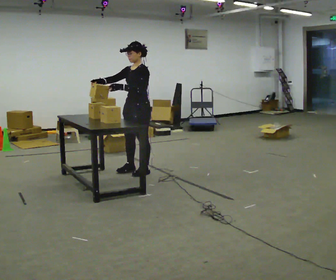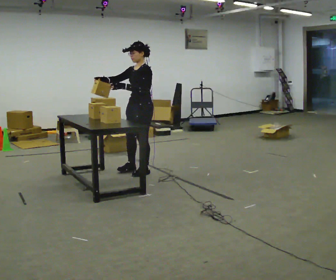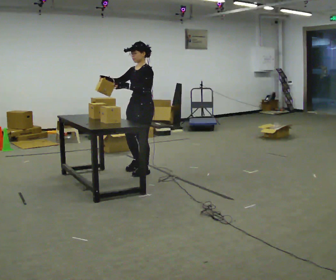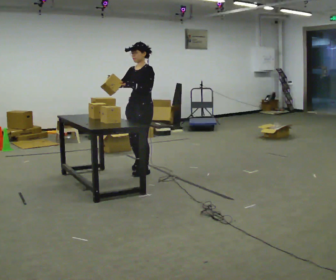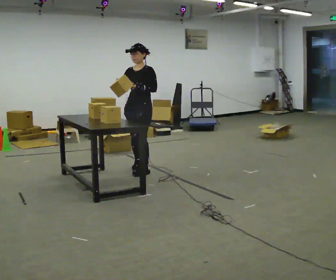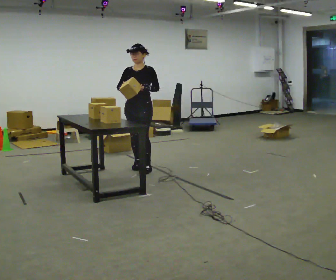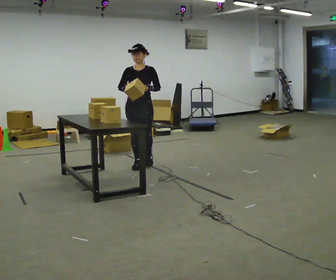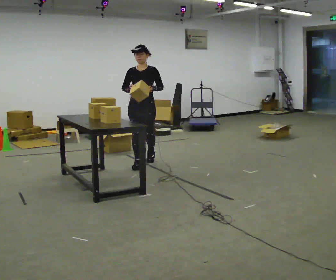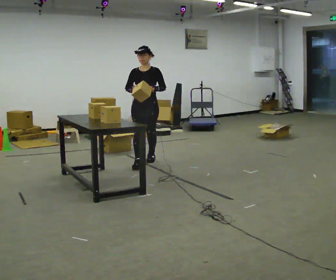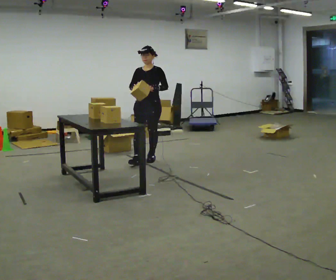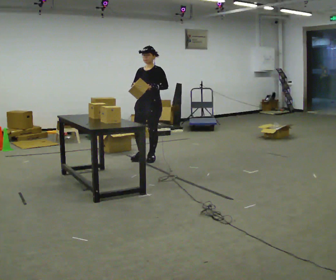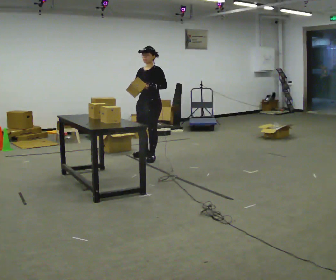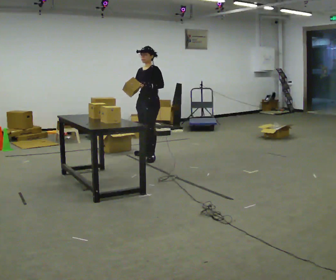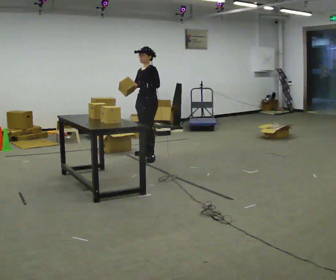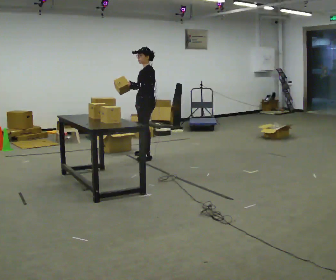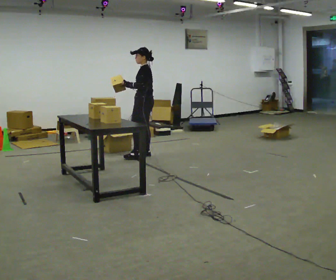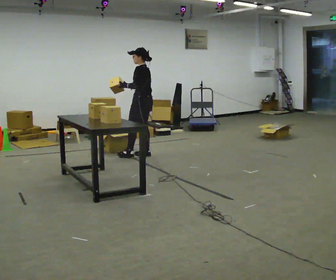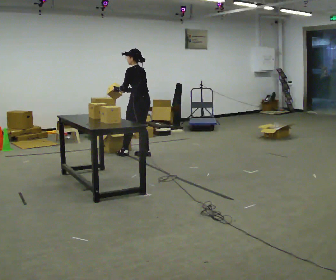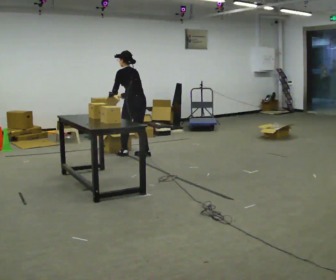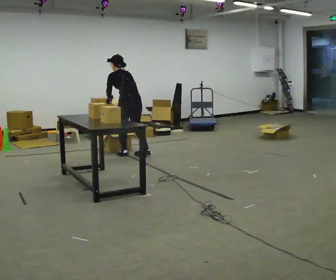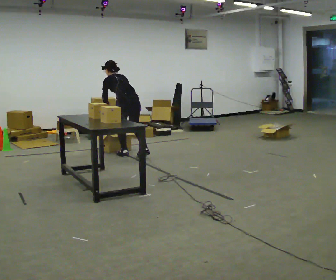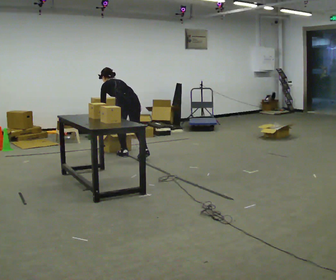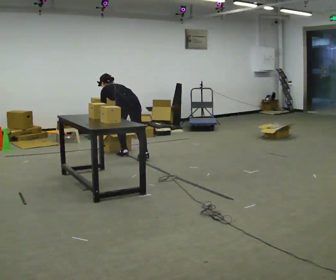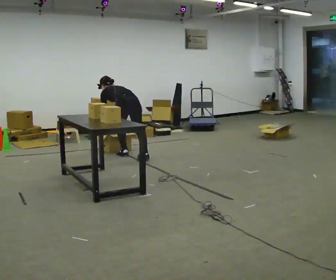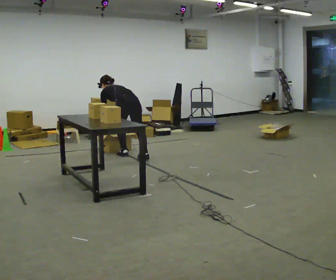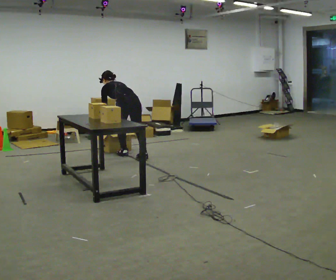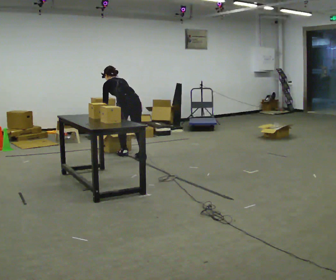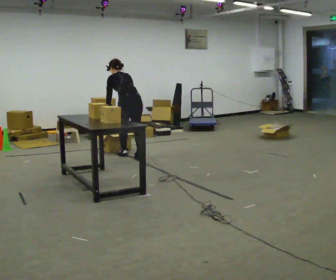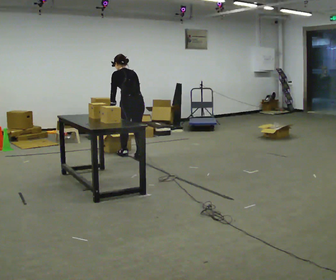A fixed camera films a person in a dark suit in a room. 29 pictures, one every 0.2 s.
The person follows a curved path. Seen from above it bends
counterclockwise.
0.0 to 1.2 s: The part of the body nearest the lens slides to the right as the person turns to their left by about 45 degrees. In the picture they go away from the camera, about 0.25 m in 2 steps, which for them is to their right and backward.
1.2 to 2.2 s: The part of the body nearest the lens slides to the left as the person turns to their right by about 45 degrees. In the picture they go away from the camera, about 0.5 m in 1 step, which for them is backward.
2.2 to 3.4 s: The person turns about 75 degrees to their right, clockwise seen from above, so the part of the body nearest the lens slides to the left. In the picture they go away from the camera, about 0.25 m in 1 step.
3.4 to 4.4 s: In the picture they go to the left, about 0.25 m in 1 step, which for them is to their left. The upper body goes downward. The upper body tips away from the camera, its near side rolling upward, as they bend forward. In the picture their right hand goes downward.
4.4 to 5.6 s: The shoulders move upward. In the picture the upper body tilts clockwise, shoulders to the right, as they lean back or straighten.
The film runs backward here.
